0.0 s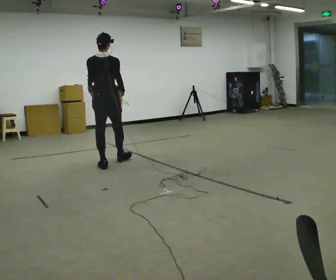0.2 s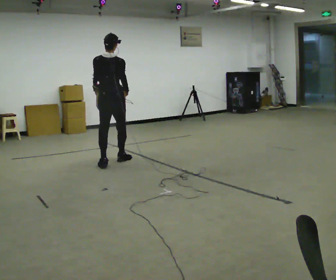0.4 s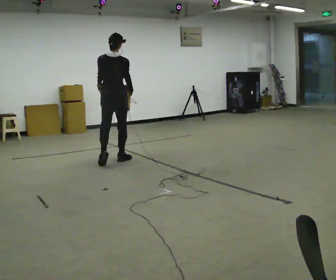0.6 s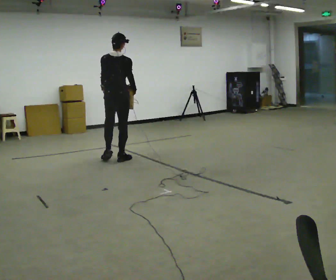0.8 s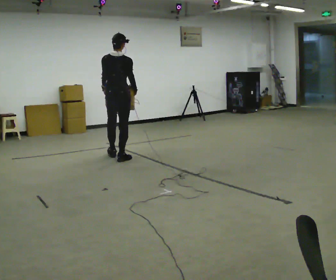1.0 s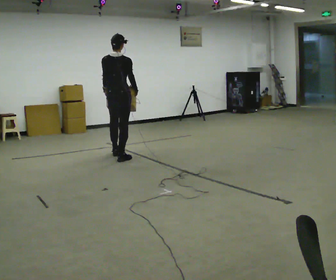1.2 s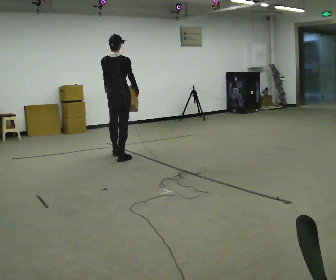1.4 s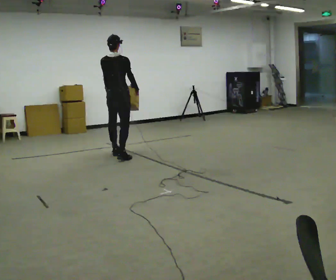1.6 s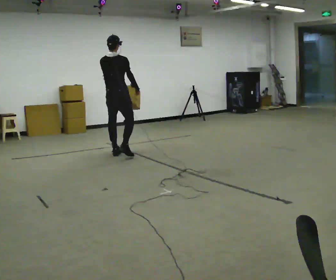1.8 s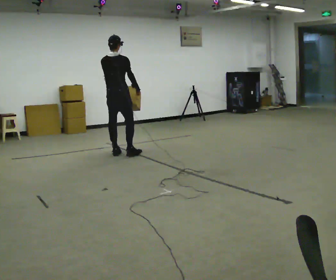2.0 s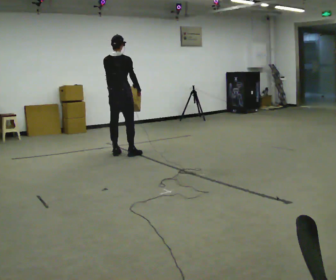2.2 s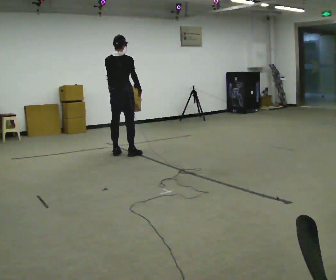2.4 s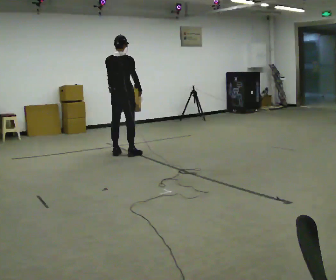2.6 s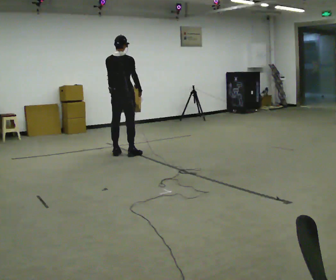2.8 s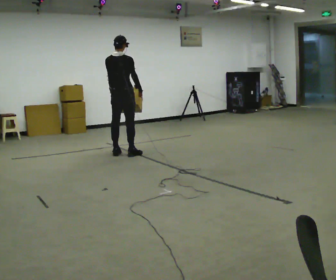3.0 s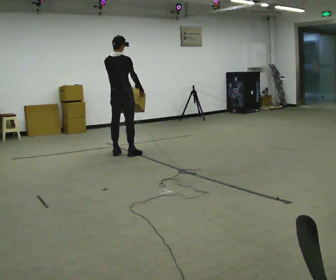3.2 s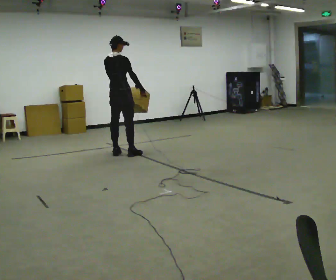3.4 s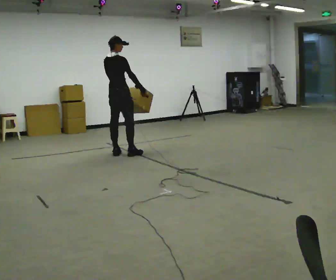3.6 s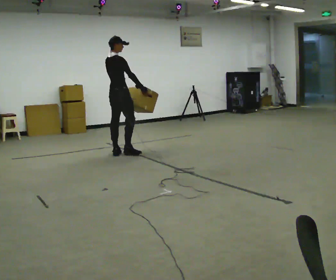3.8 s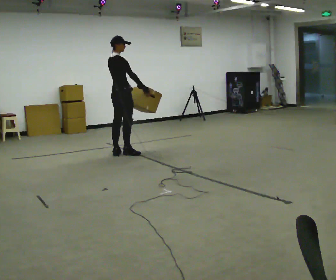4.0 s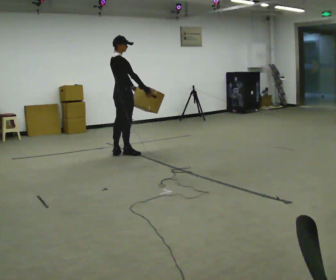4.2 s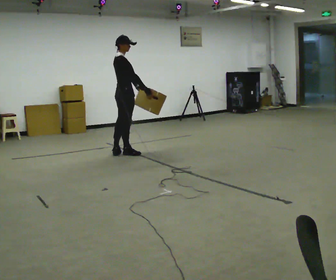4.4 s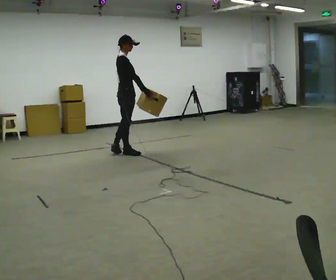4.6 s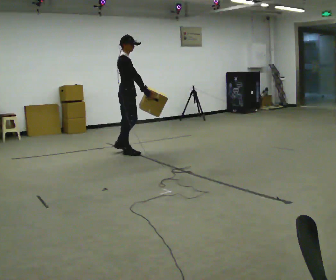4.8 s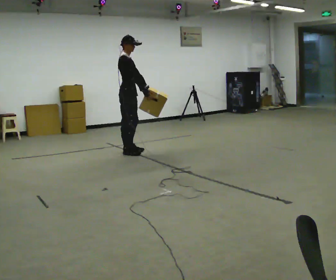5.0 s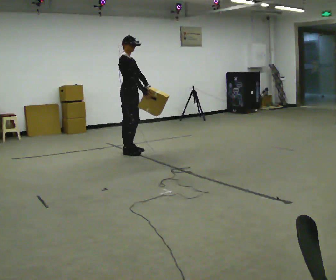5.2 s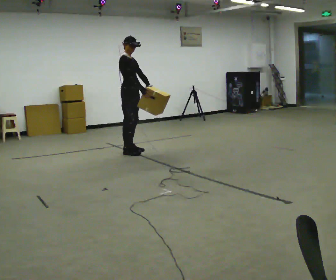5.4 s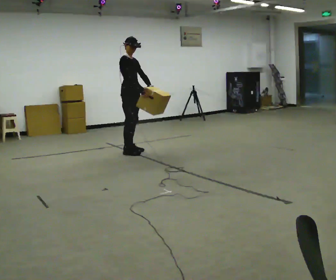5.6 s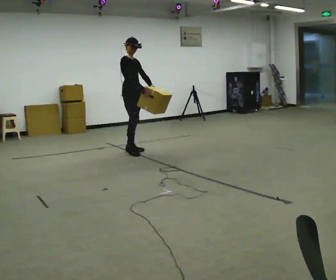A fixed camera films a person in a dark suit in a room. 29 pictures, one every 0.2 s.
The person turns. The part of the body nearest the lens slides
to the left.
The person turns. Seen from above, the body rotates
clockwise.
0.0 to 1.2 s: In the picture they go away from the camera, about 0.5 m in 1 step, which for them is forward.
1.2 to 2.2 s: The person moves a little, or ends about where they began.
2.2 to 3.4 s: Seen from above the body turns clockwise, about 30 degrees: to their right, with its near side sliding to the left.
3.4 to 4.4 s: The part of the body nearest the lens slides to the left as the person turns to their right by about 45 degrees.
4.4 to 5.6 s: The person turns about 45 degrees to their right, clockwise seen from above, so the part of the body nearest the lens slides to the left. In the picture they go away from the camera, about 0.25 m in 1 step, which for them is to their left.
The film runs forward here.
